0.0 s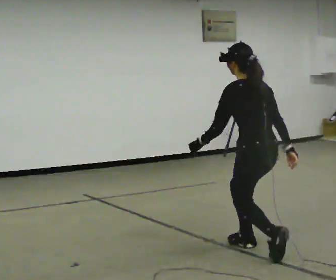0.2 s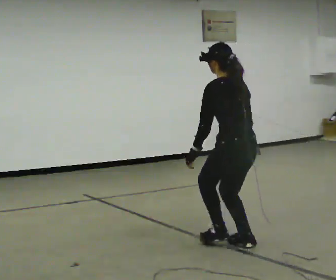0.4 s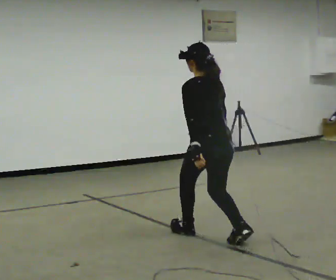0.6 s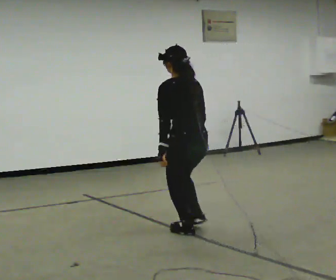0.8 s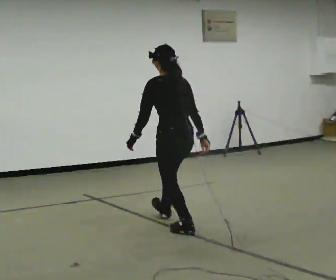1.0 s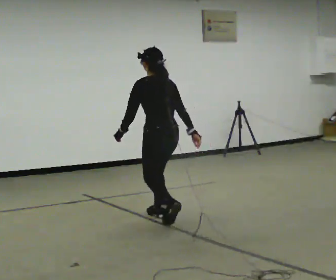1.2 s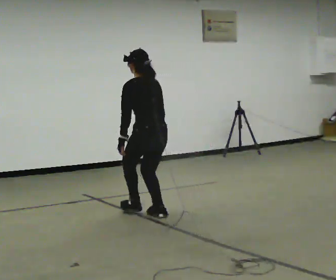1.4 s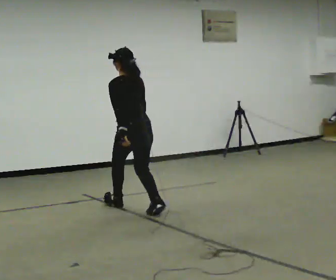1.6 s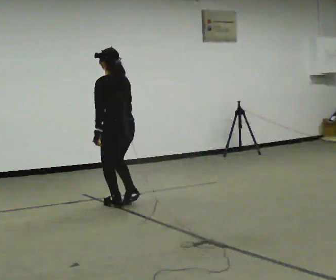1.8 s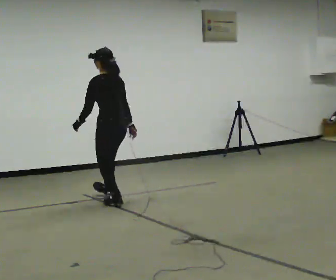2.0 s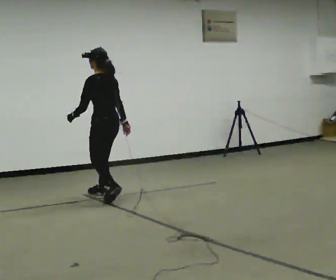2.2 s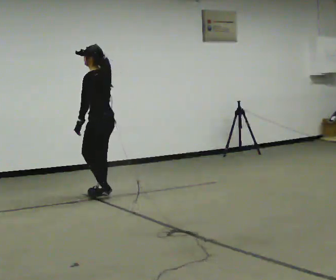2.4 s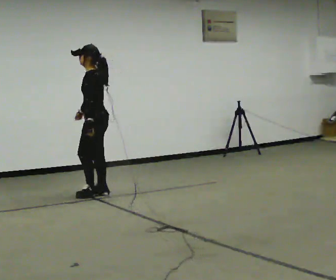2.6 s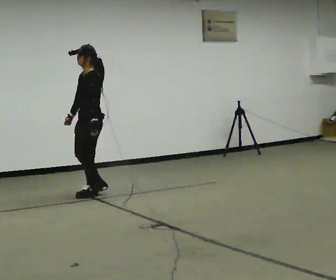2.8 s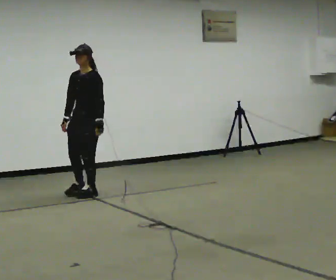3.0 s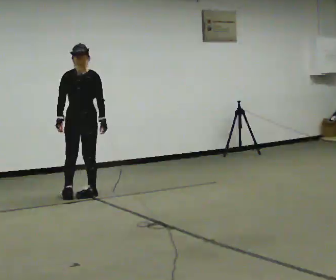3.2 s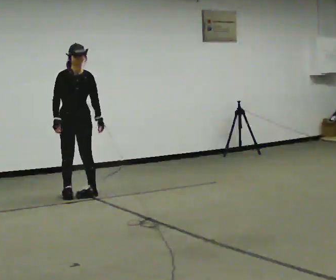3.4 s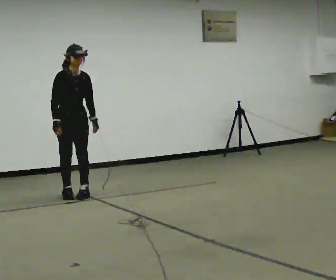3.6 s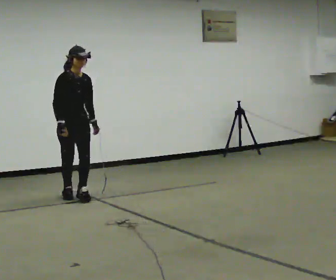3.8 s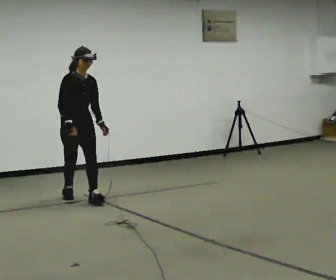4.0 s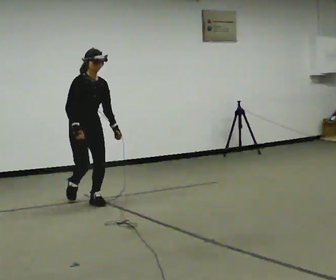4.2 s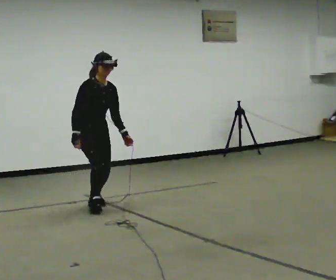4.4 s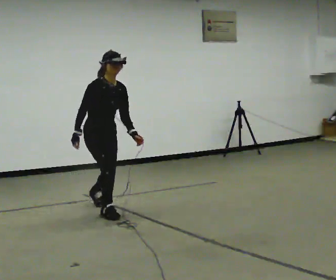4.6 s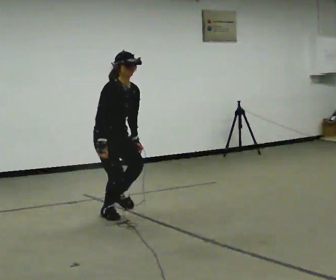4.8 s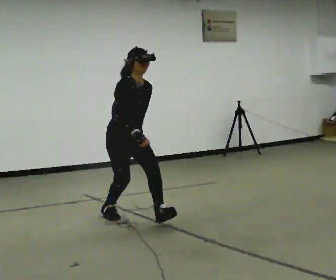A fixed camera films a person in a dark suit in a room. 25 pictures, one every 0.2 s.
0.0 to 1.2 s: In the picture they go away from the camera and to the left, about 1.5 m in 2 steps, which for them is forward.
1.2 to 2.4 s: The person turns about 60 degrees to their left, counterclockwise seen from above, so the part of the body nearest the lens slides to the right. In the picture they go away from the camera and to the left, about 1 m in 3 steps, which for them is forward.
2.4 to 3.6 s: The person turns about 120 degrees to their left, counterclockwise seen from above, so the part of the body nearest the lens slides to the right. In the picture they go to the left, about 0.25 m in 1 step.
3.6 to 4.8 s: In the picture they go toward the camera and to the right, about 1 m in 2 steps, which for them is forward.
The film runs forward here.
